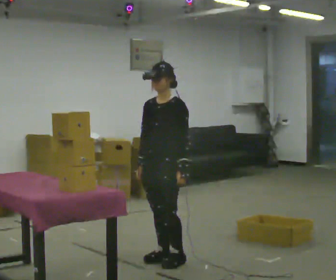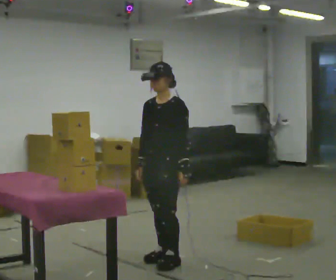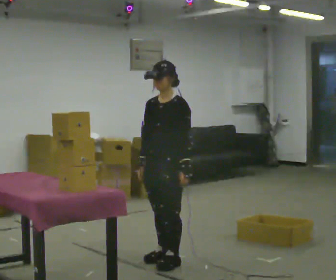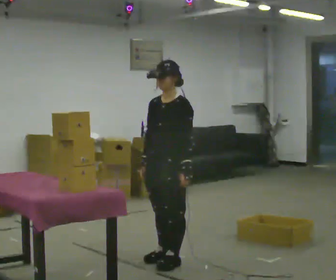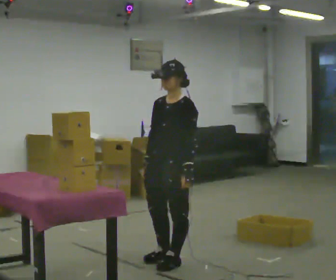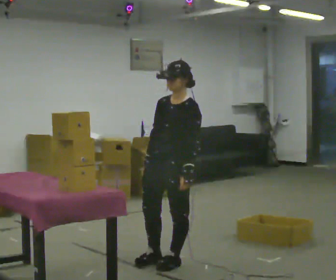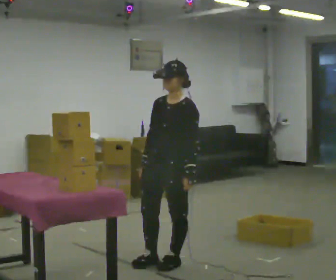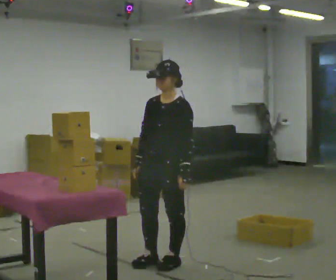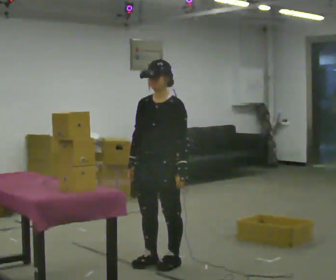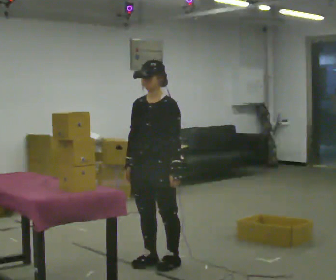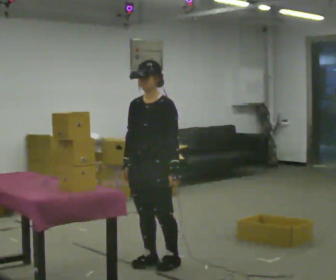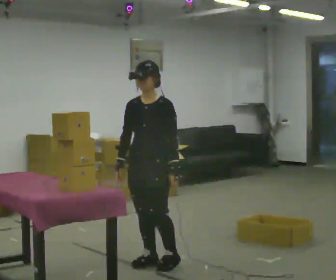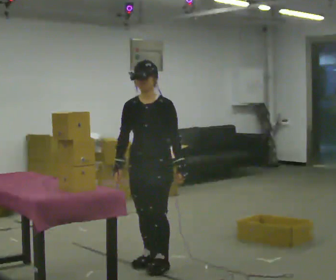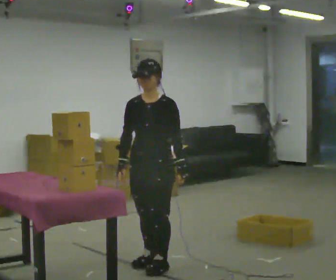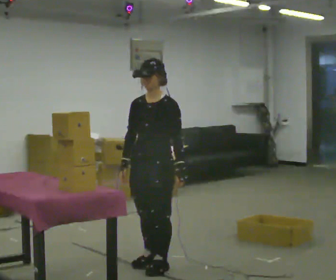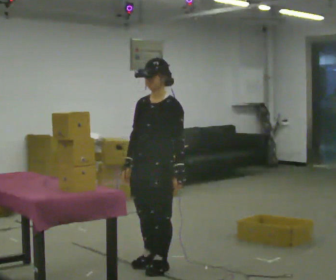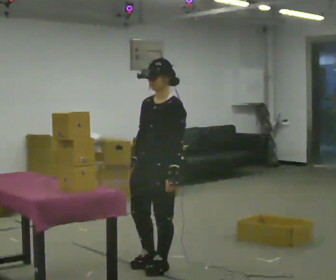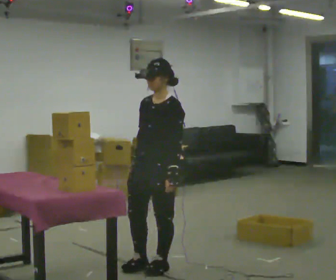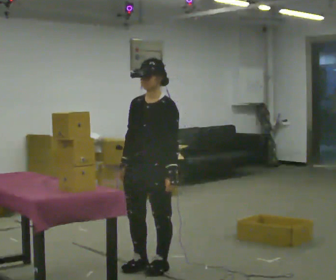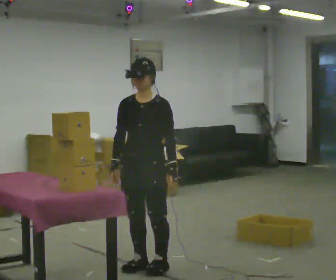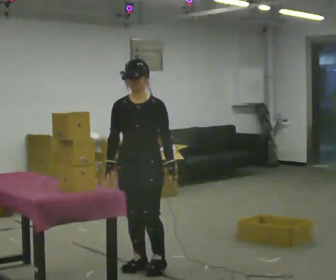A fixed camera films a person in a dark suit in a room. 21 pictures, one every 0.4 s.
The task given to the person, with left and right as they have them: Carry each object across the room and drop it into the container on the floor, then walk back for the next one. Keep going until the operator says stop; one object at a time, and do not rush between trips.
0.0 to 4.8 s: The person moves a little, or ends about where they began.
4.8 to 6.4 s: The part of the body nearest the lens slides to the left as the person turns to their right by about 30 degrees. In the picture they go toward the camera, about 0.25 m, which for them is to their left.
6.4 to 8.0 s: Seen from above the body turns counterclockwise, about 30 degrees: to their left, with its near side sliding to the right.
The film runs forward here.
